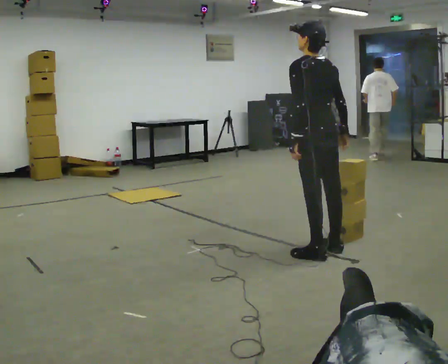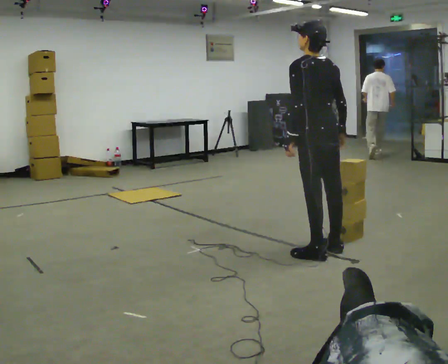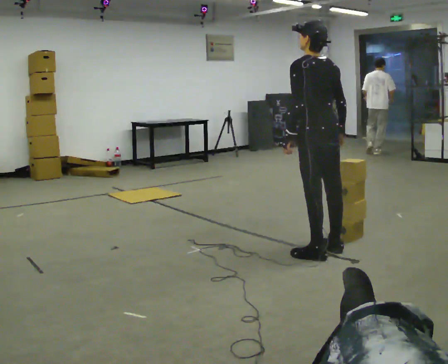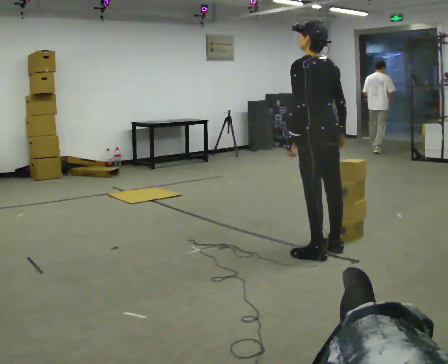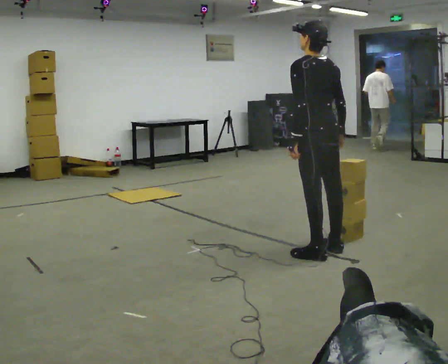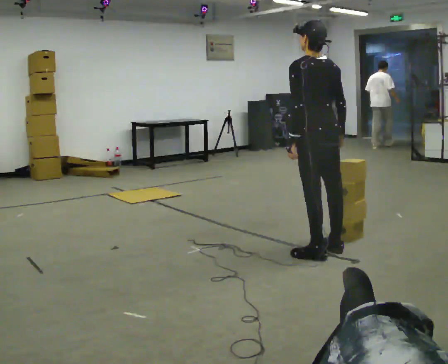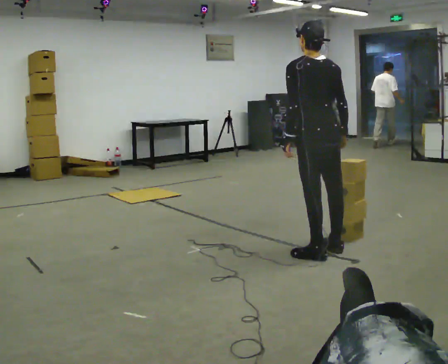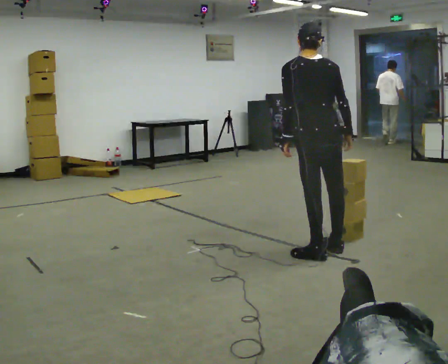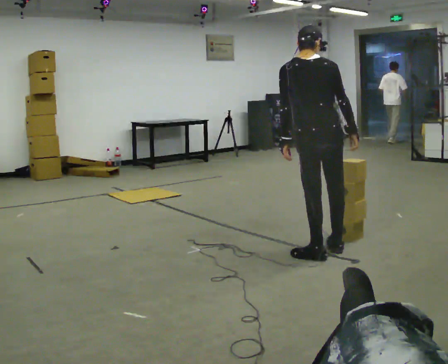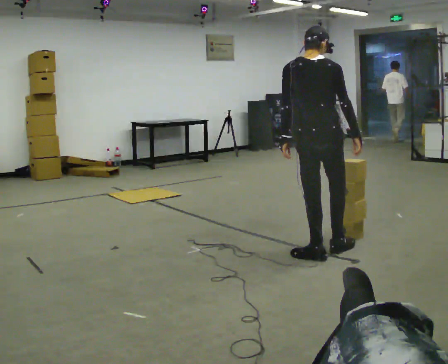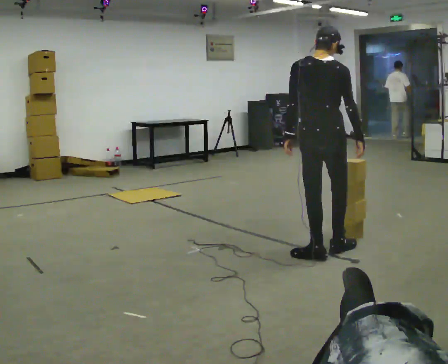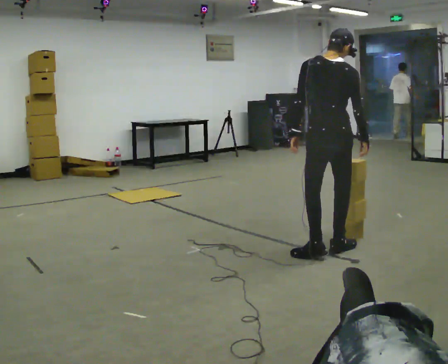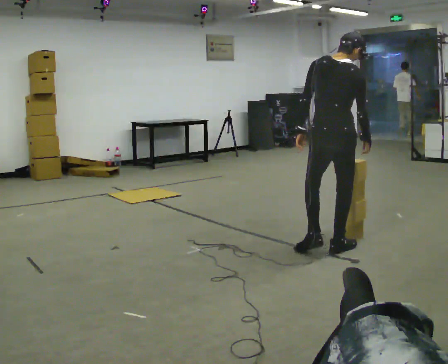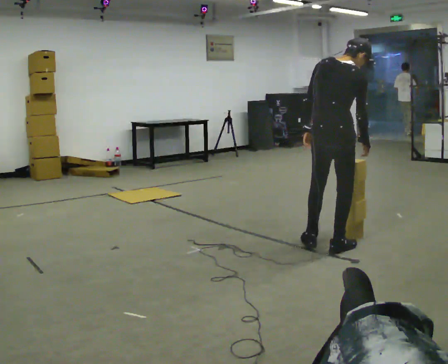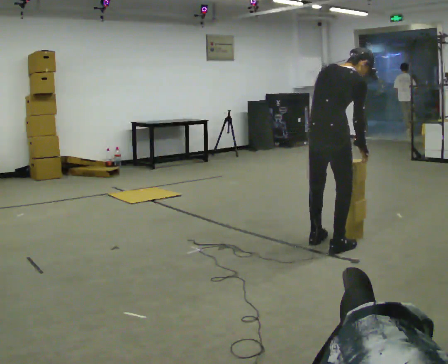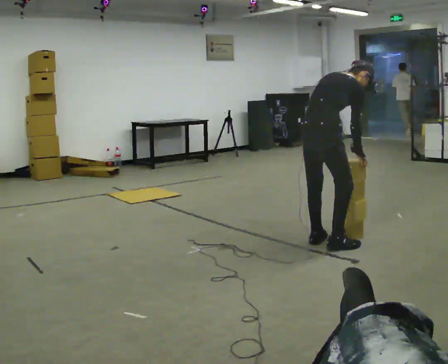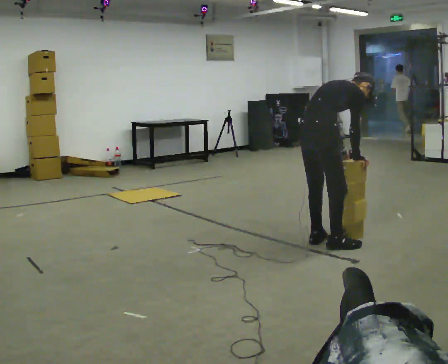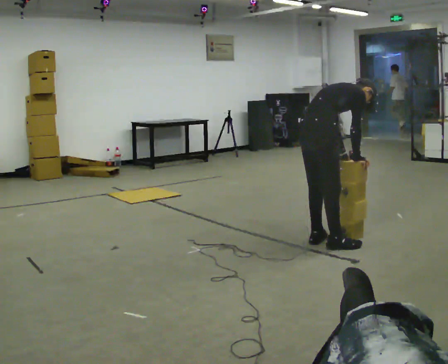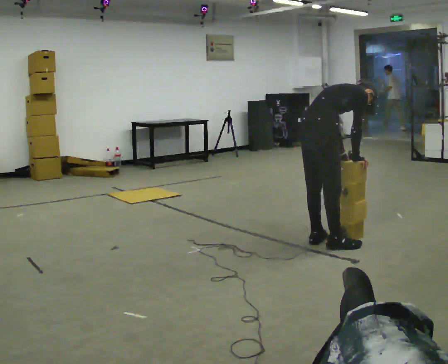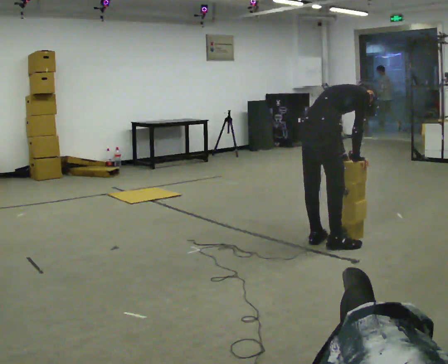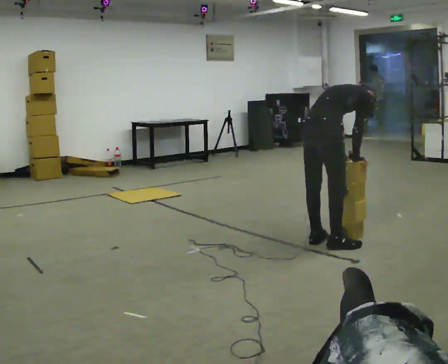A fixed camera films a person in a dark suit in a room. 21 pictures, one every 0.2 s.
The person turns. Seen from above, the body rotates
clockwise.
The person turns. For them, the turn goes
to their right.
0.0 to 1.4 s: The person moves a little, or ends about where they began.
1.4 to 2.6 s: The part of the body nearest the lens slides to the left as the person turns to their right by about 30 degrees. In the picture the upper body tilts clockwise, shoulders to the right.
2.6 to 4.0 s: The upper body goes downward. The upper body tips away from the camera, its near side rolling upward, as they bend forward.
The film runs forward here.
